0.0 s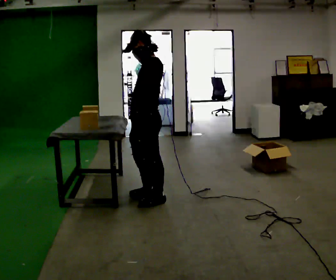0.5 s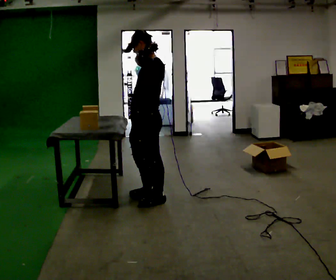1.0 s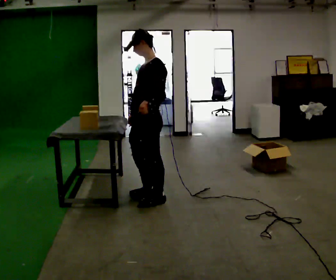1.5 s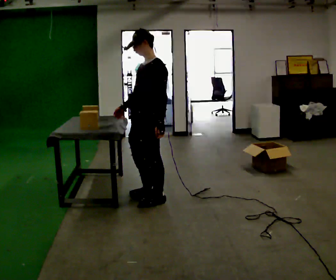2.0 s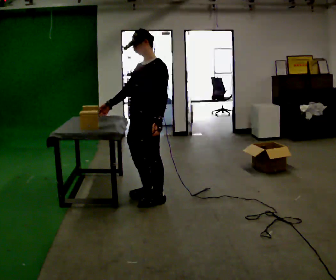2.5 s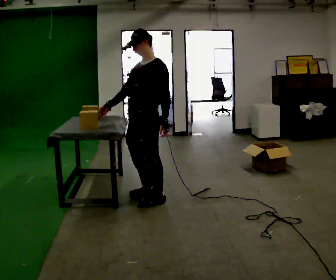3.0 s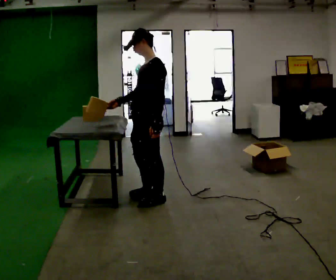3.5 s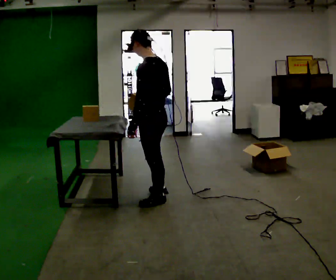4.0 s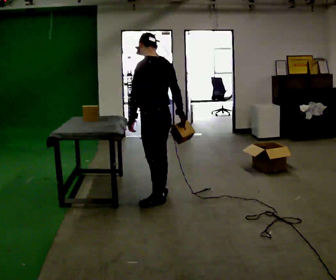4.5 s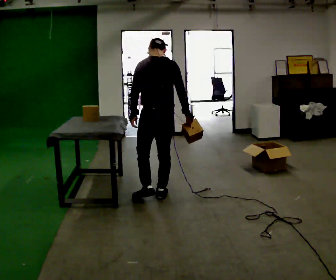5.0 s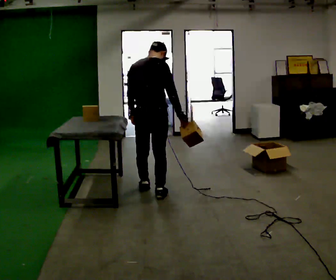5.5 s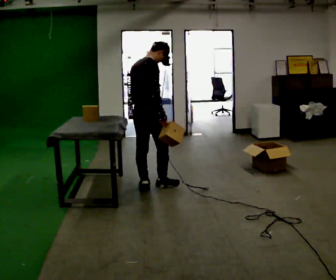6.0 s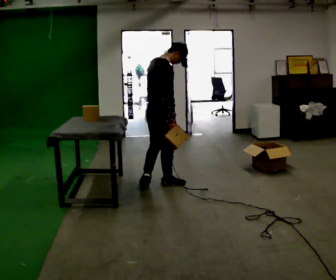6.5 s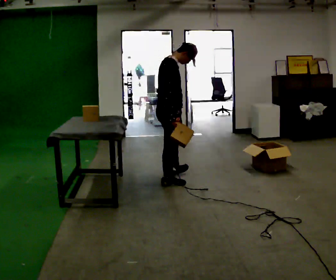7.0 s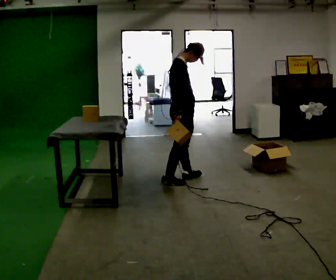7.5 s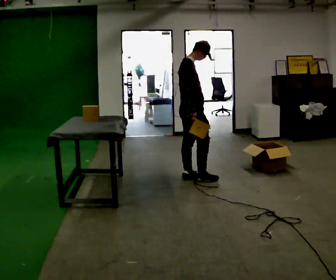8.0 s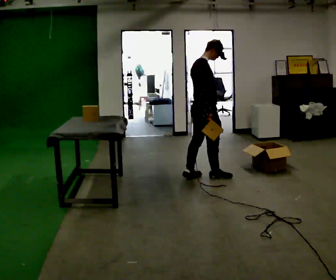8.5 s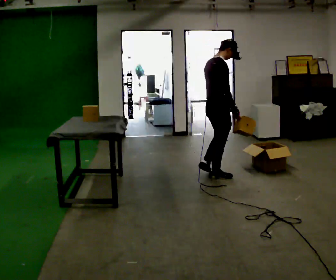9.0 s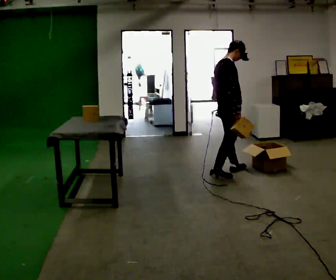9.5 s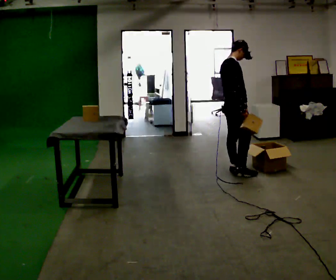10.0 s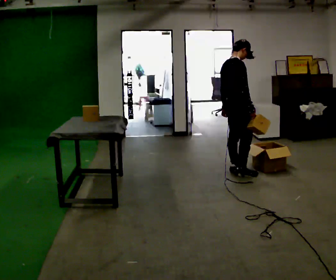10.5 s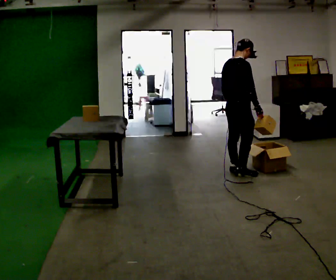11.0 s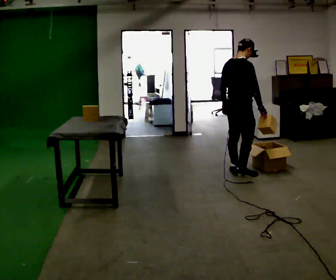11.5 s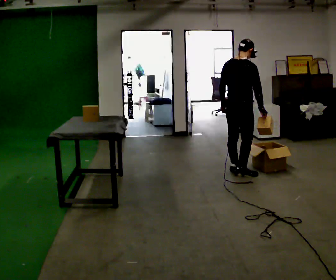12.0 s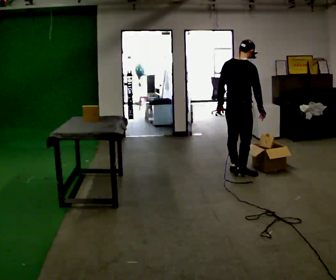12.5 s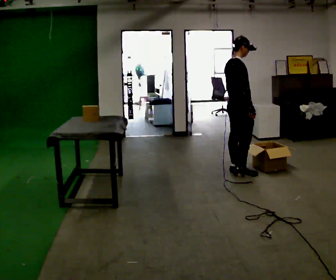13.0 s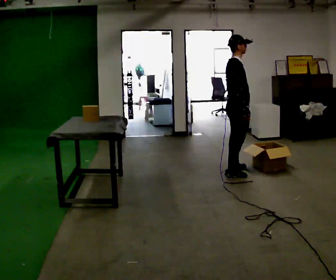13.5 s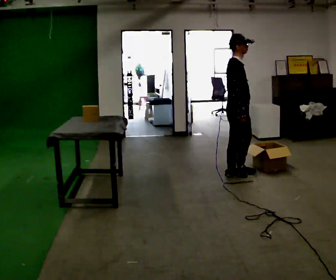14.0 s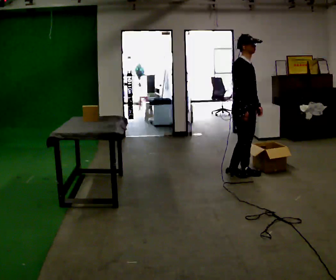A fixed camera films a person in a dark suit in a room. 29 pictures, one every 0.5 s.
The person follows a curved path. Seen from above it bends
clockwise.
0.0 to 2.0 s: In the picture their left hand goes downward.
2.0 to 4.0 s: The person turns about 75 degrees to their right, clockwise seen from above, so the part of the body nearest the lens slides to the left. In the picture their right hand goes to the right, the arm swinging counterclockwise.
4.0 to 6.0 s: Seen from above the body turns clockwise, about 105 degrees: to their right, with its near side sliding to the left. In the picture they go away from the camera, about 0.5 m in 2 steps.
6.0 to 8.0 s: In the picture they go to the right and away from the camera, about 0.5 m in 2 steps, which for them is forward.
8.0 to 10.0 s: In the picture they go to the right, about 0.5 m in 2 steps, which for them is forward.
10.0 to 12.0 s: Seen from above the body turns counterclockwise, about 30 degrees: to their left, with its near side sliding to the right.
12.0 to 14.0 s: The person turns about 90 degrees to their right, clockwise seen from above, so the part of the body nearest the lens slides to the left. In the picture they go toward the camera, about 0.25 m in 1 step. In the picture their left hand goes to the right, the arm swinging counterclockwise.
The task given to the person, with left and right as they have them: Carry each object across the room and drop it into the container on the floor, then walk back for the next one. Keep going until the operator says stop; one object at a time, and do not rush between trips.
The film runs forward here.
